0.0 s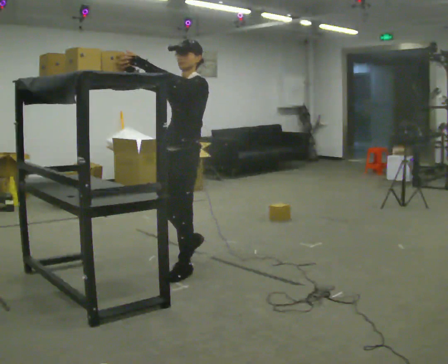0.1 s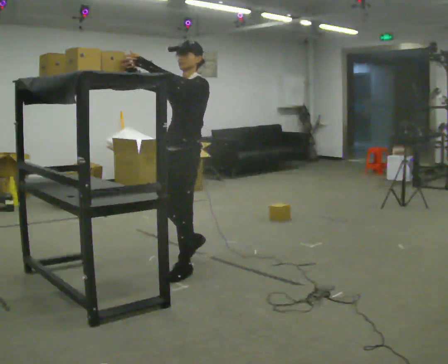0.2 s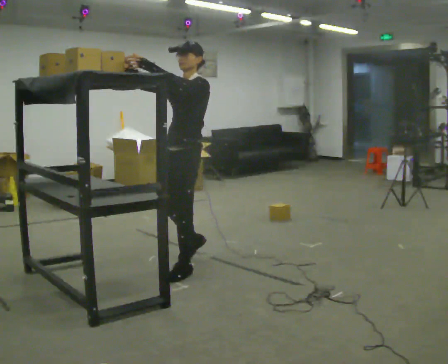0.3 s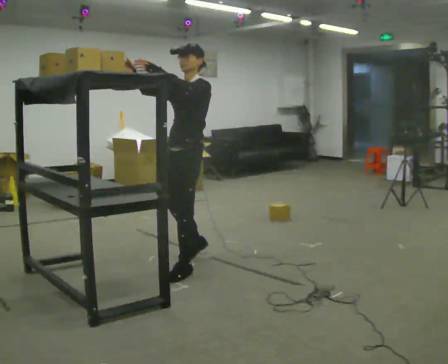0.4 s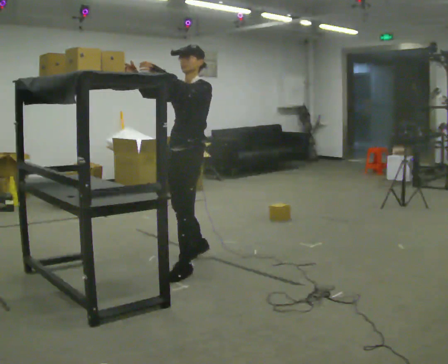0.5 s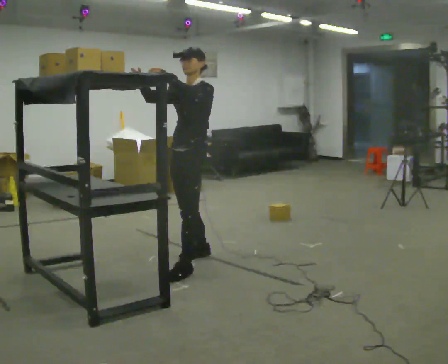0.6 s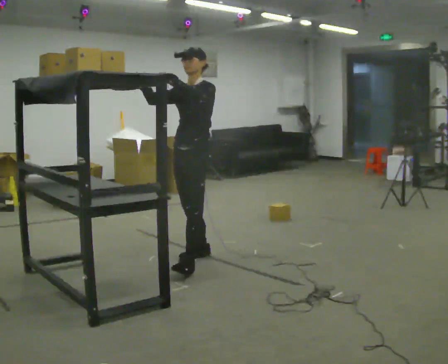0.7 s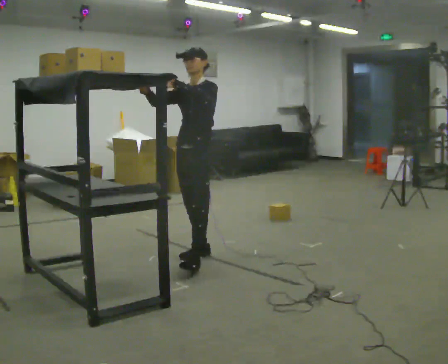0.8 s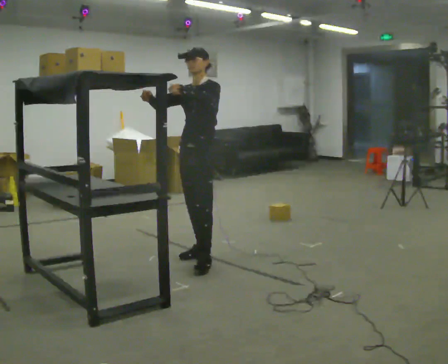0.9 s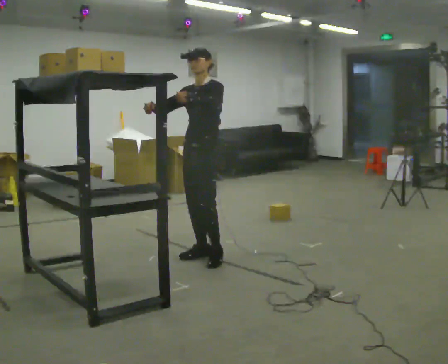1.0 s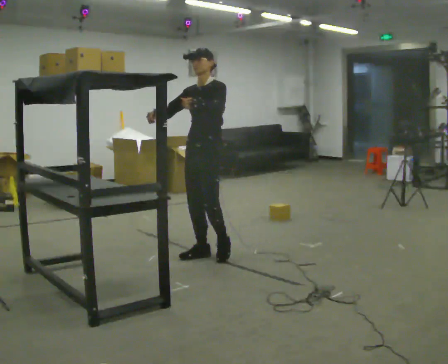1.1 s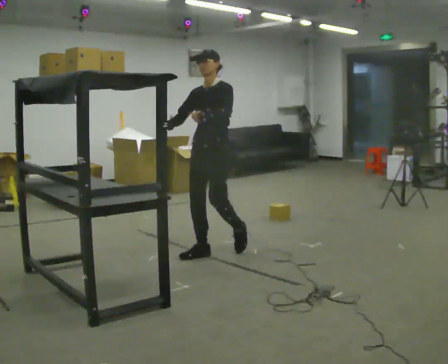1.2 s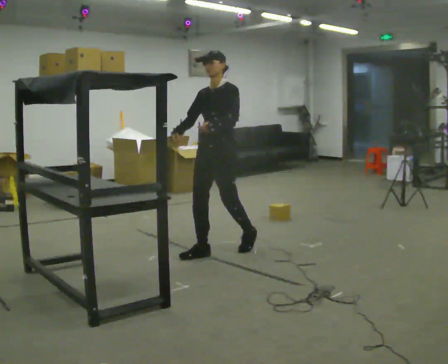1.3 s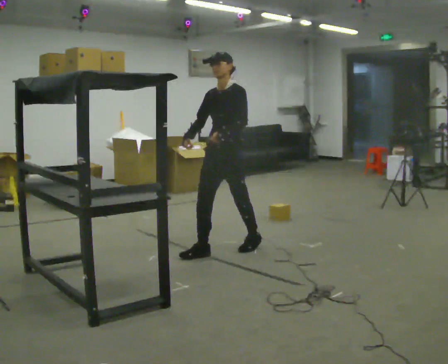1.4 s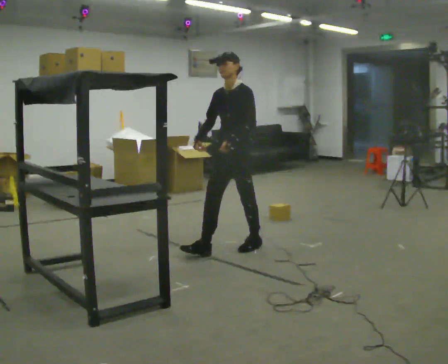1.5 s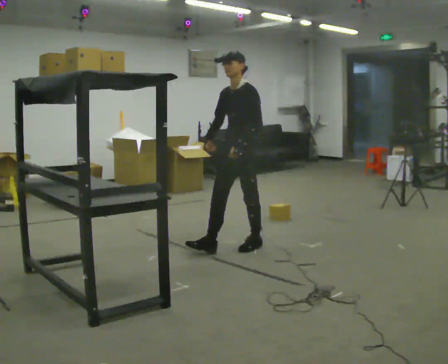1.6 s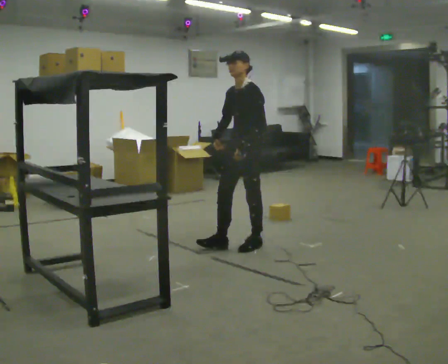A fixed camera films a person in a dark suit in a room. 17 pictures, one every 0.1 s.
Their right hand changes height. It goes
downward.
Their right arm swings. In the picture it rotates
counterclockwise.
0.0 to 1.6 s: In the picture they go away from the camera and to the right, about 1 m in 3 steps, which for them is backward. In the picture their right hand goes downward, the arm swinging counterclockwise.
The film runs backward here.
